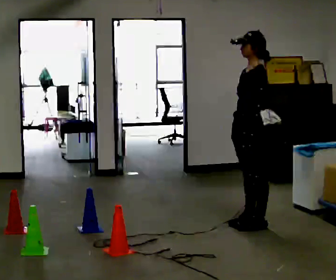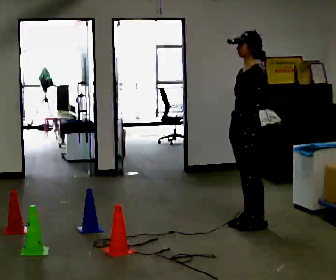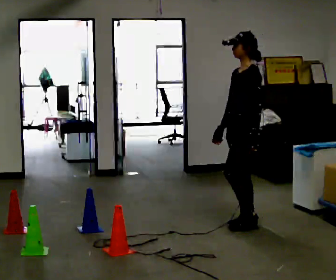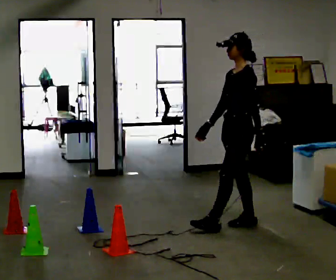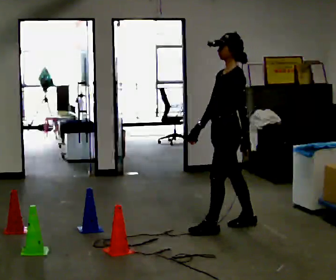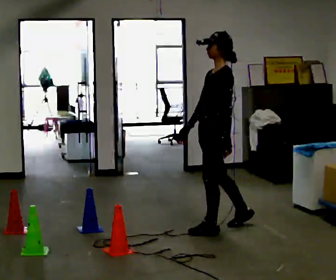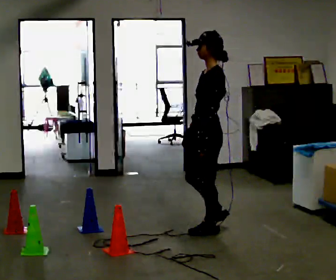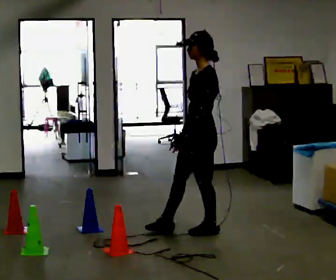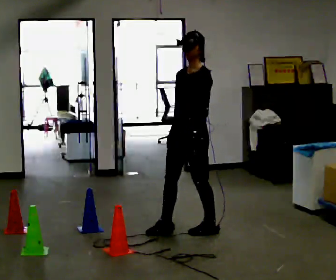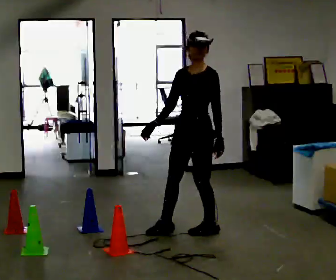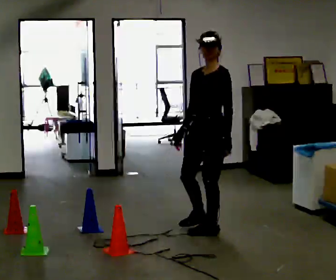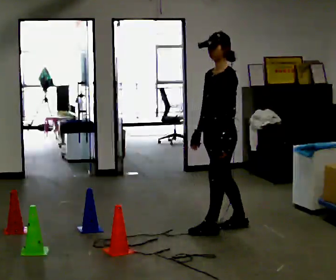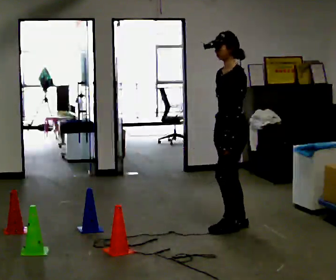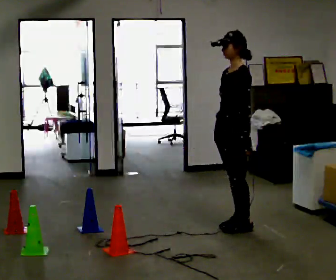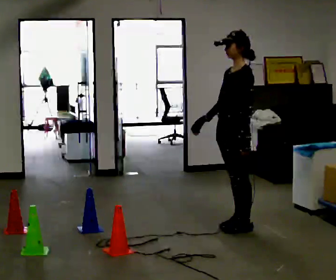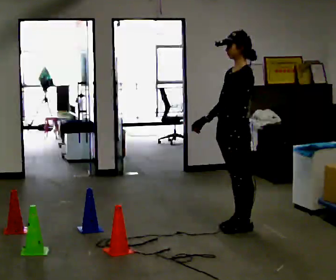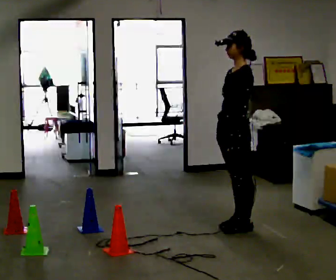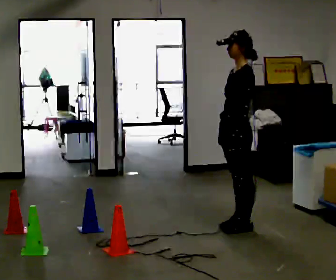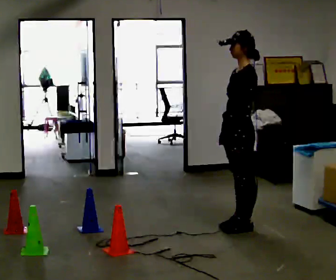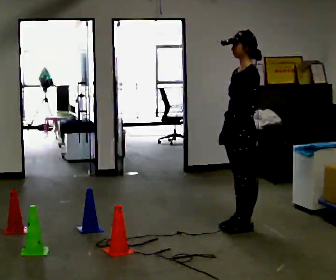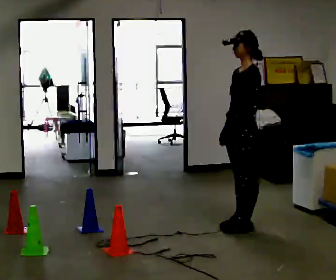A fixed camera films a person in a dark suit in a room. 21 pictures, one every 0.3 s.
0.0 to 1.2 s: In the picture they go to the left, about 0.25 m in 1 step, which for them is forward. In the picture their right hand goes to the left.
1.2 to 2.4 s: The part of the body nearest the lens slides to the right as the person turns to their left by about 30 degrees. In the picture they go to the left, about 0.25 m in 1 step, which for them is forward.
2.4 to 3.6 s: In the picture they go to the right and away from the camera, about 0.25 m in 1 step, which for them is backward.
3.6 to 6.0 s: The person moves a little, or ends about where they began.
The film runs forward here.
